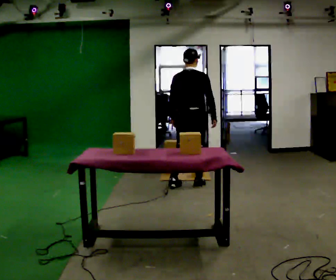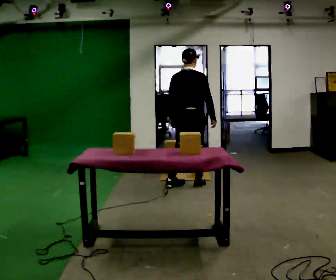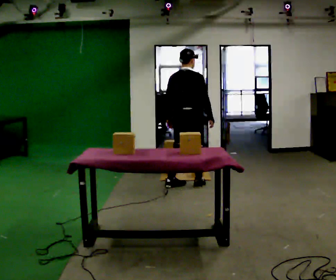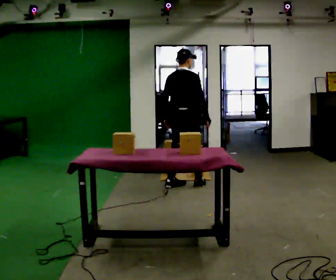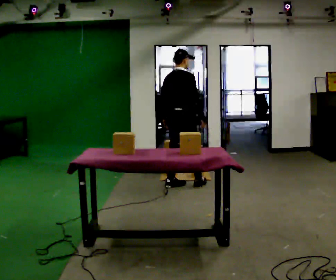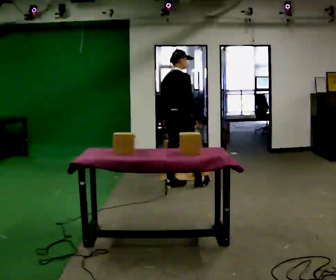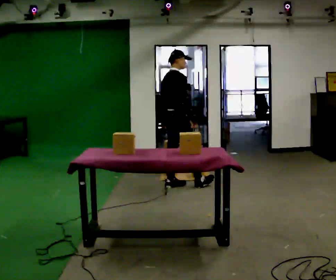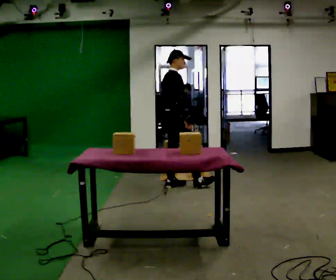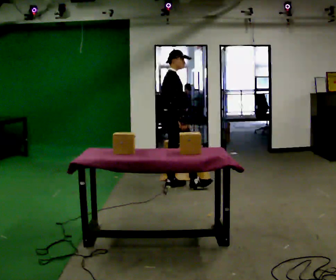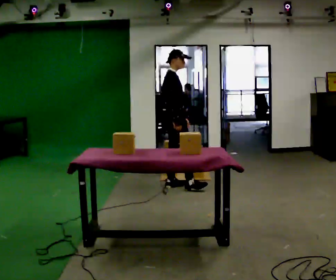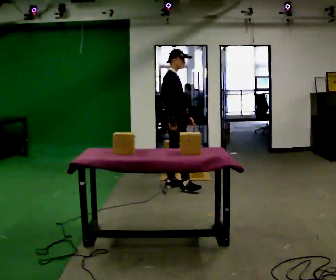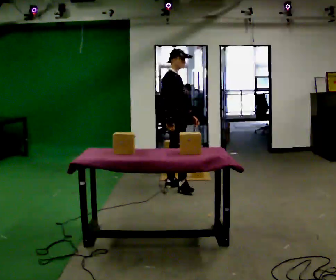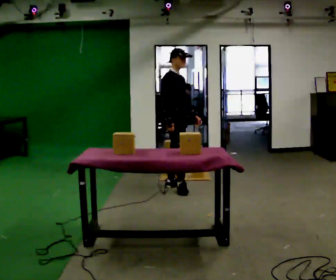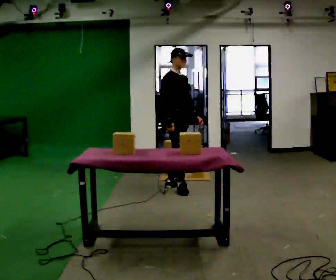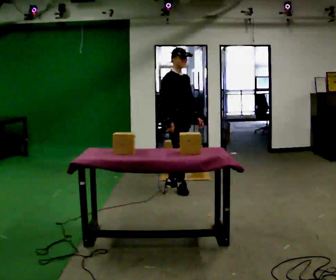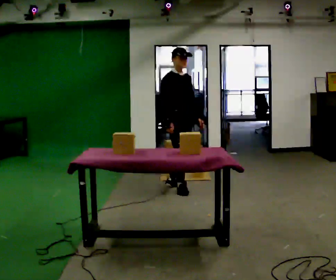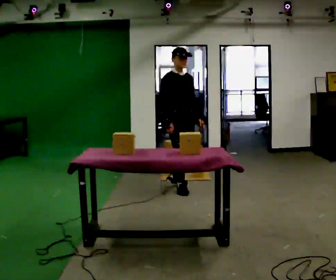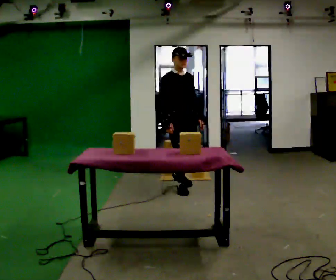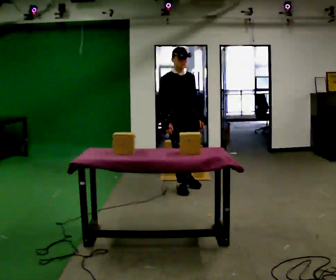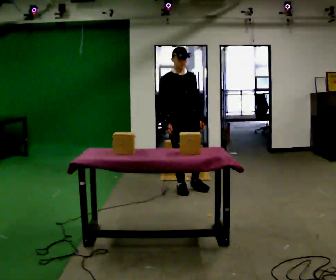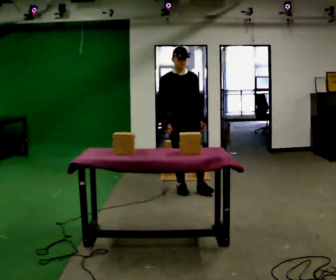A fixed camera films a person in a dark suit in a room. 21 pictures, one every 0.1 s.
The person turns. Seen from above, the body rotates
clockwise.
The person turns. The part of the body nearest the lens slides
to the left.
0.0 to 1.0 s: The person turns about 75 degrees to their right, clockwise seen from above, so the part of the body nearest the lens slides to the left. In the picture they go to the left, about 0.25 m in 2 steps.
1.0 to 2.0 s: The person turns about 60 degrees to their right, clockwise seen from above, so the part of the body nearest the lens slides to the left. In the picture they go toward the camera, about 0.25 m.
The film runs forward here.
